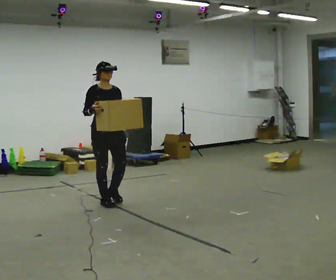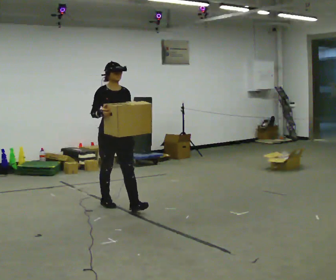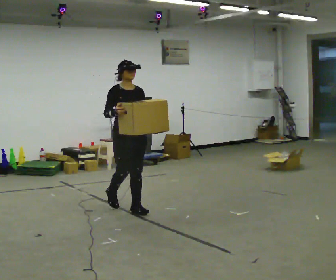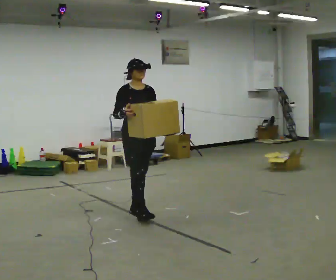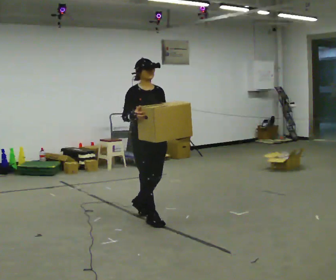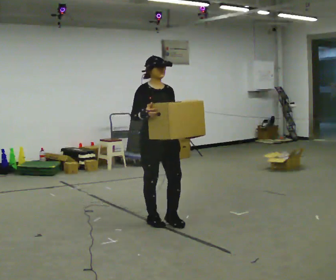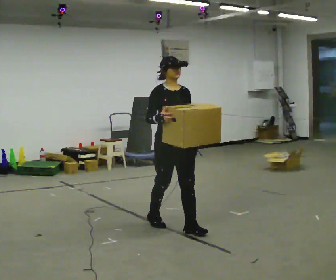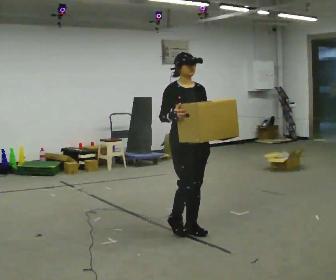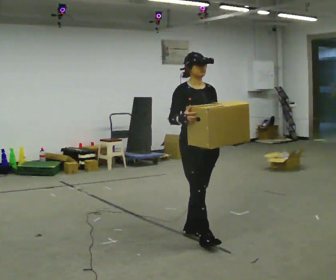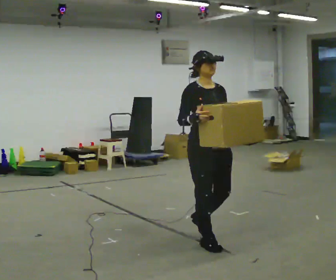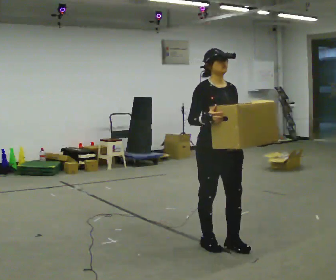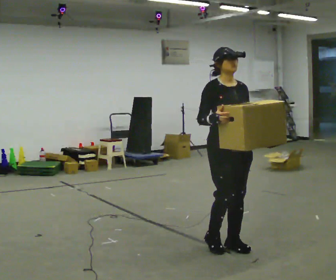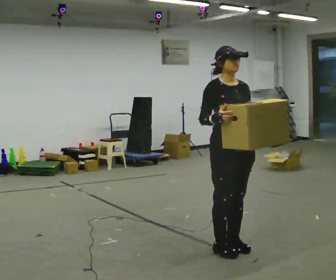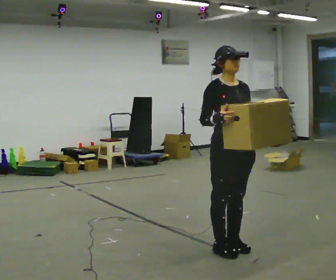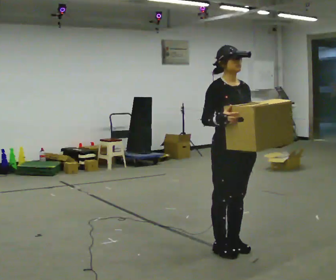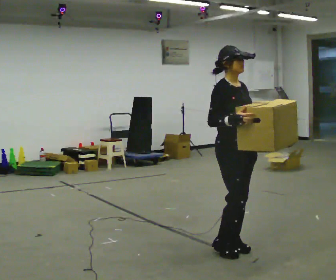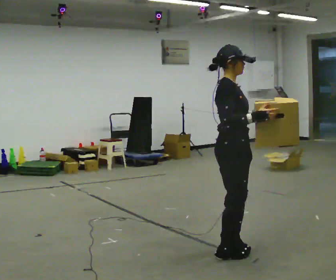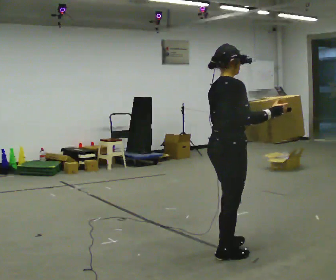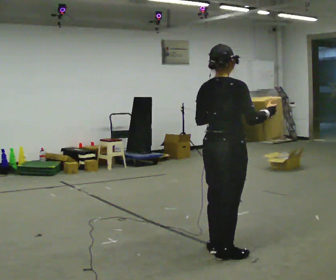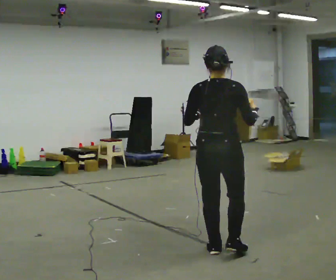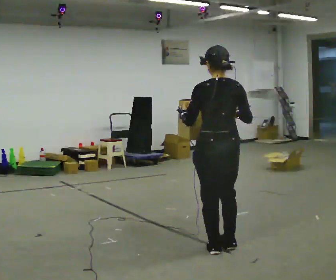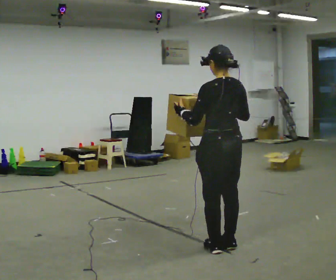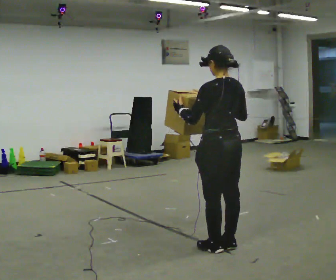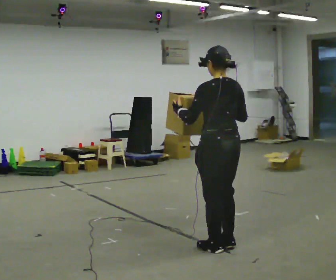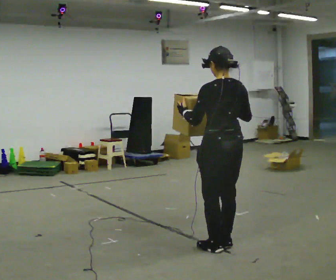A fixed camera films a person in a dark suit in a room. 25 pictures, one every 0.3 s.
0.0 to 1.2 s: In the picture they go toward the camera and to the right, about 1 m in 2 steps, which for them is forward.
1.2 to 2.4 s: In the picture they go toward the camera and to the right, about 0.5 m in 2 steps, which for them is forward.
2.4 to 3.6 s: In the picture they go toward the camera and to the right, about 0.5 m in 2 steps, which for them is forward.
3.6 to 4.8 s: Seen from above the body turns counterclockwise, about 45 degrees: to their left, with its near side sliding to the right. In the picture their right hand goes to the right.
4.8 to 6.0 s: Seen from above the body turns counterclockwise, about 120 degrees: to their left, with its near side sliding to the right.
6.0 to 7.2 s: The person moves a little, or ends about where they began.
The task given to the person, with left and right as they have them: Carry the box in both hands and walk back and forth across the room. The contents may move around. Carry on as best you can.
The film runs forward here.
